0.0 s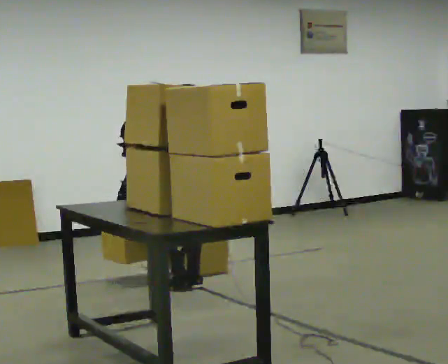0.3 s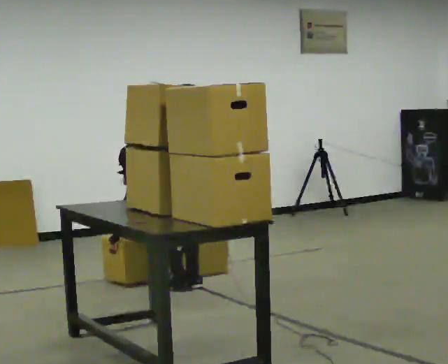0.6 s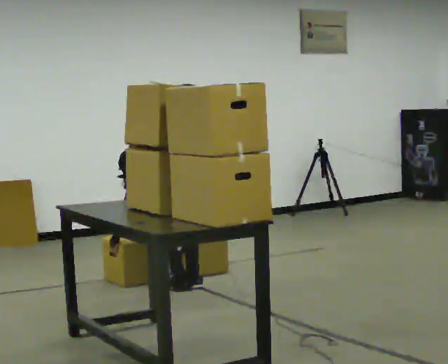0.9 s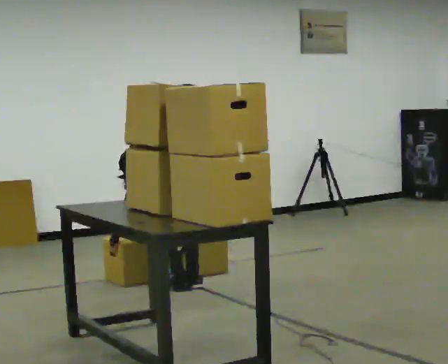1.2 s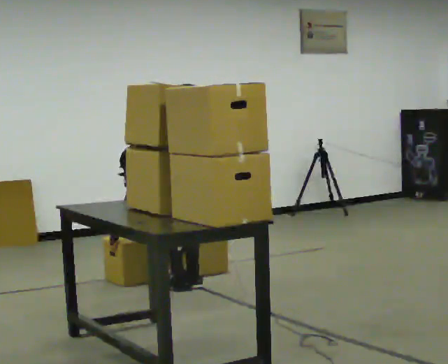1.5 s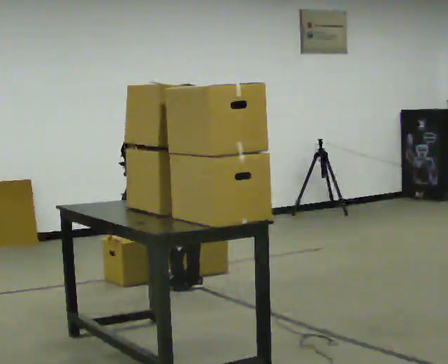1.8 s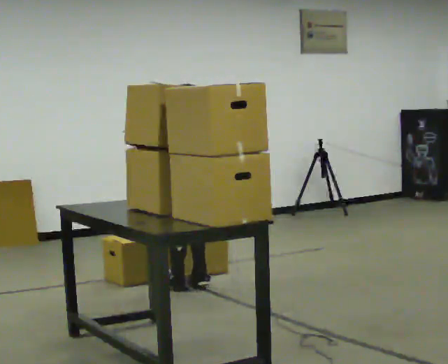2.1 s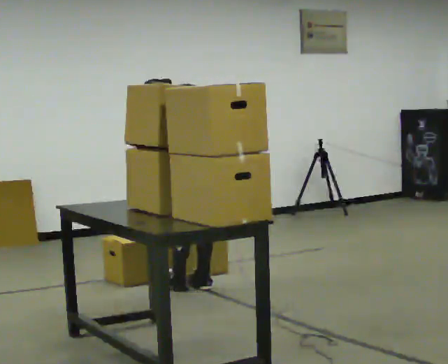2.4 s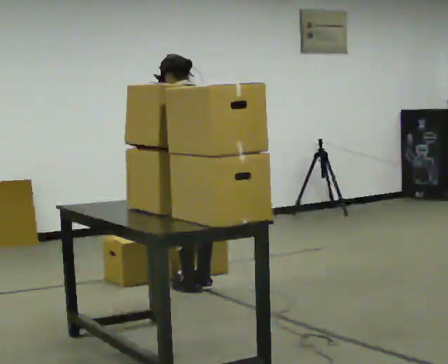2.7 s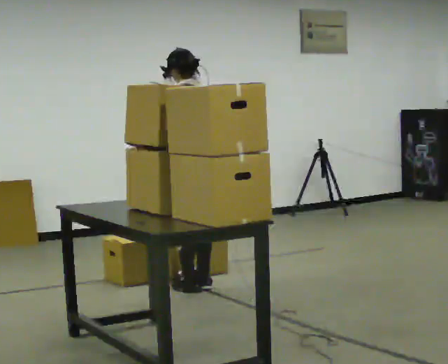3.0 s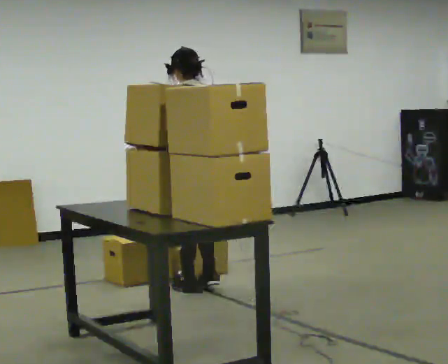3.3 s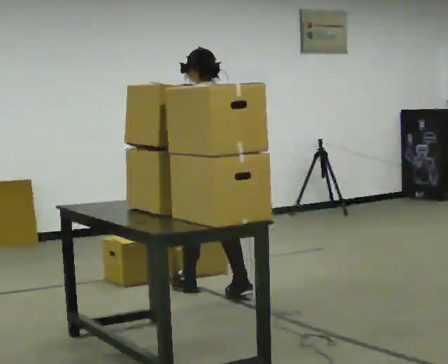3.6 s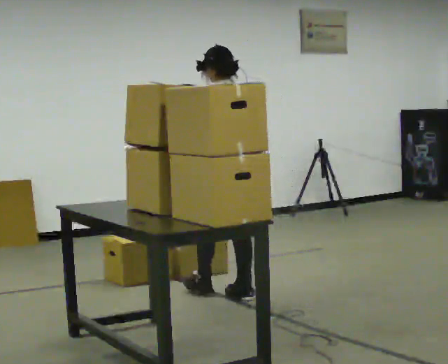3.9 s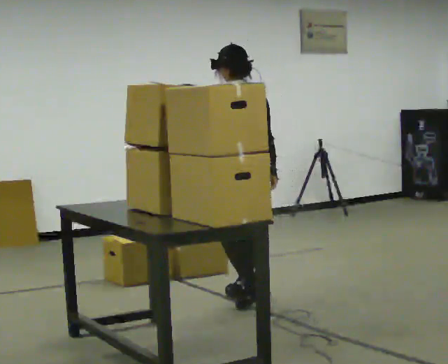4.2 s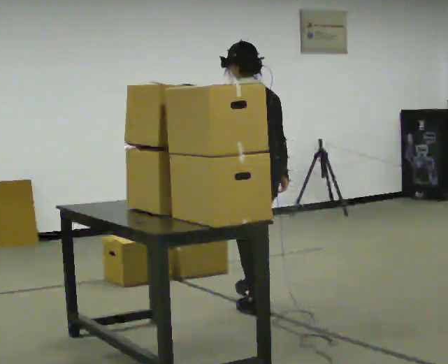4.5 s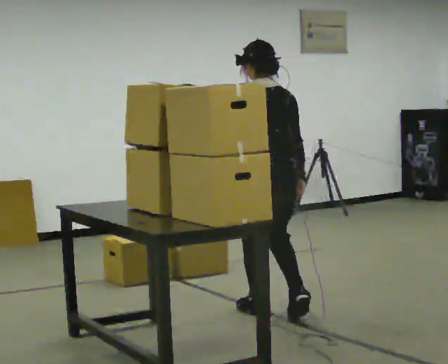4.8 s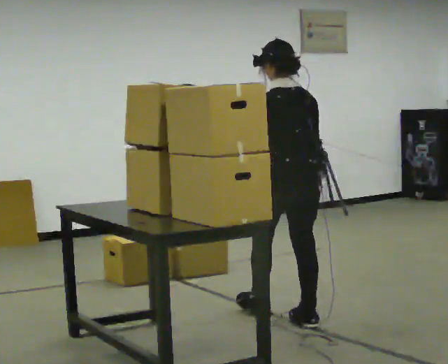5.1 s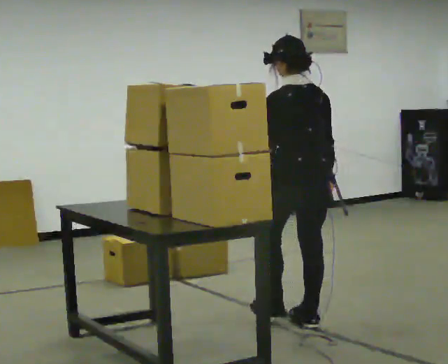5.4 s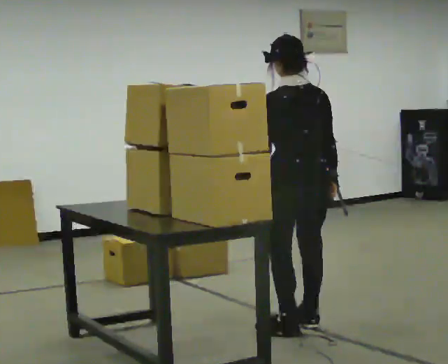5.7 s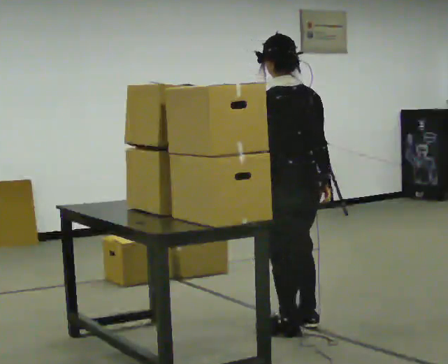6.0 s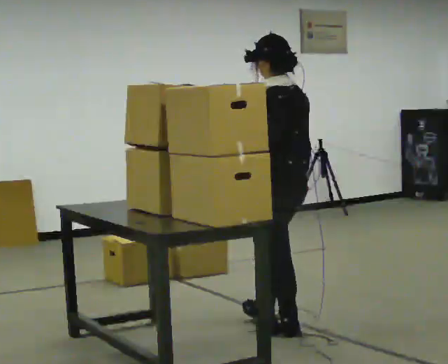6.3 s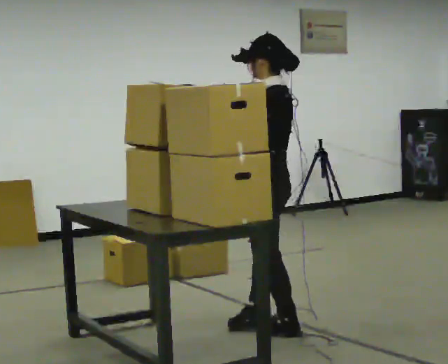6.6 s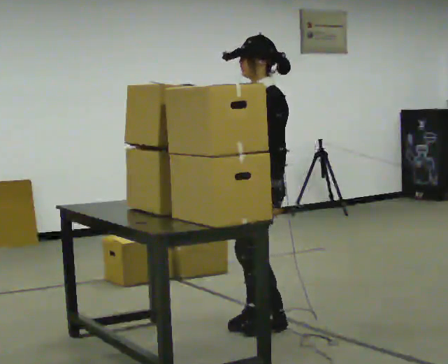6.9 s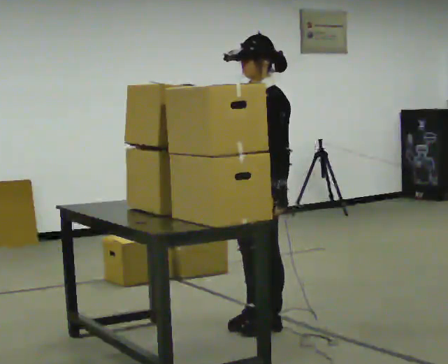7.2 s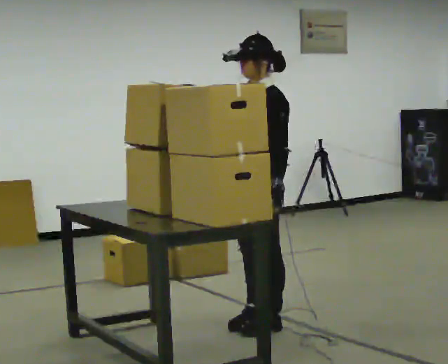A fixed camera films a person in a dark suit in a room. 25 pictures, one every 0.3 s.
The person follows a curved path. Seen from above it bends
clockwise.
The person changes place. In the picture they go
toward the camera.
0.0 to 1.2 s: The shoulders move downward. The upper body tips away from the camera, its near side rolling upward, as they bend forward.
1.2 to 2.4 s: The upper body goes upward. In the picture the upper body tilts clockwise, shoulders to the right, as they lean back or straighten. In the picture their left hand goes upward and to the right.
2.4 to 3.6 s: In the picture they go toward the camera and to the right, about 0.25 m in 2 steps, which for them is backward.
3.6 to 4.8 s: In the picture they go toward the camera and to the right, about 0.75 m in 1 step, which for them is backward.
4.8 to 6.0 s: Seen from above the body turns counterclockwise, about 30 degrees: to their left, with its near side sliding to the right. In the picture they go toward the camera, about 0.25 m in 2 steps, which for them is backward and to their left.
6.0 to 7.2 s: The part of the body nearest the lens slides to the right as the person turns to their left by about 75 degrees. In the picture their right hand goes to the left, the arm swinging clockwise.
The film runs backward here.
